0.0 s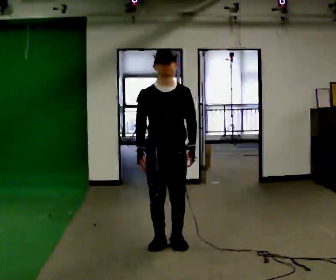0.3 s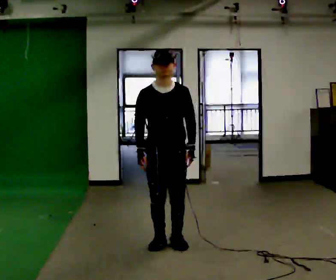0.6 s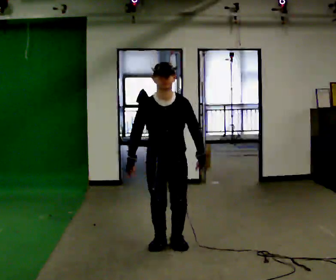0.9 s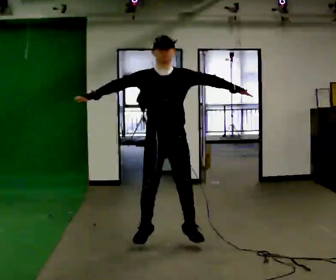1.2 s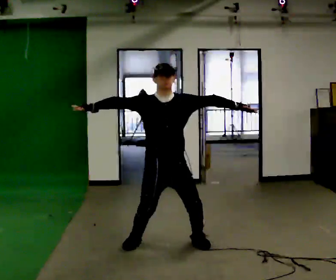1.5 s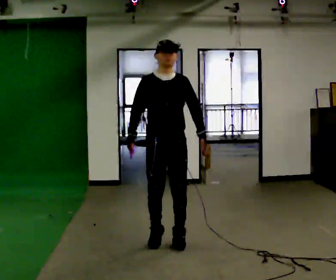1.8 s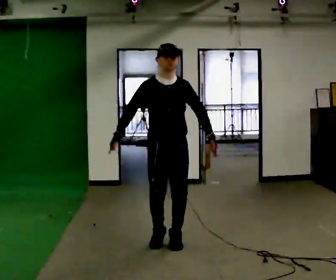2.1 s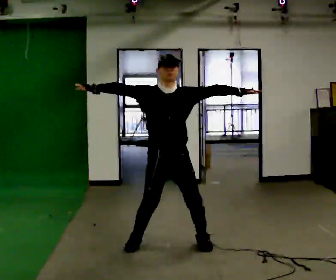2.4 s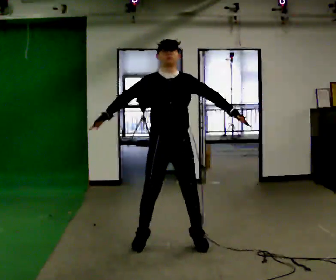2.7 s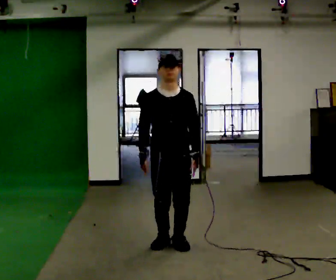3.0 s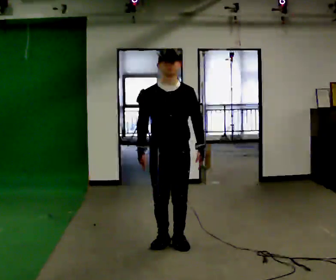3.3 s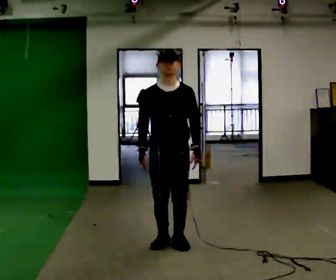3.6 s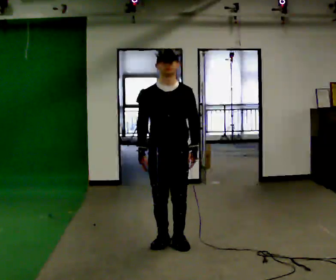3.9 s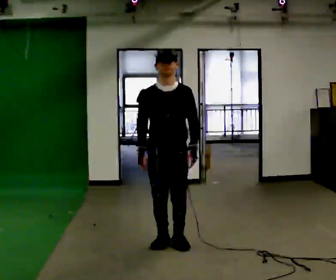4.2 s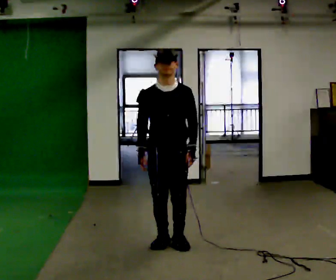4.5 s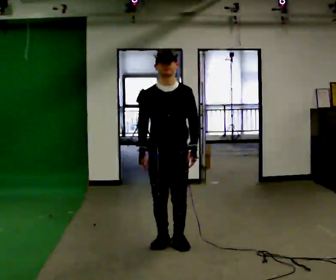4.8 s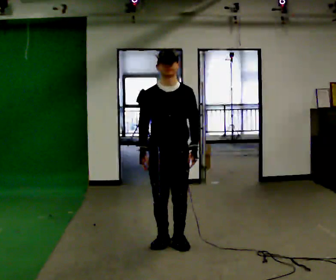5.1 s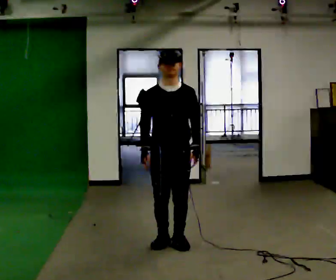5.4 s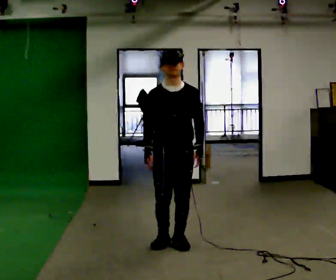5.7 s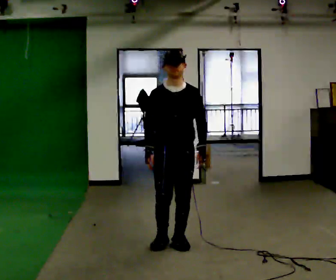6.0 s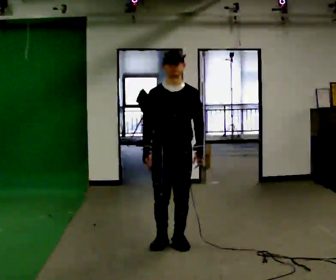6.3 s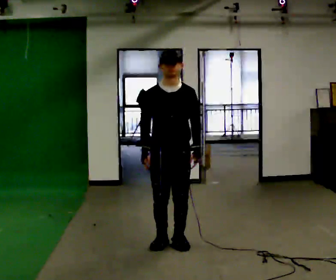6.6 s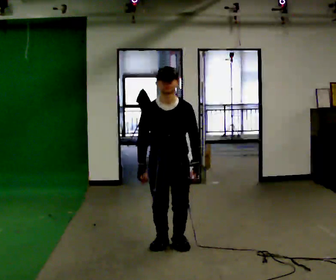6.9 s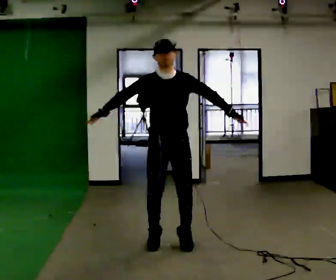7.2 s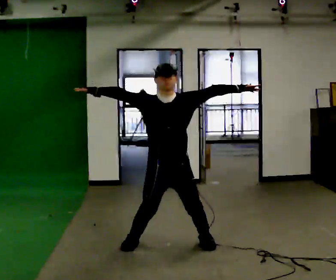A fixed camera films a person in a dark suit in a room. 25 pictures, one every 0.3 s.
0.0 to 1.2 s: In the picture their right hand goes to the left and upward, the arm swinging clockwise.
1.2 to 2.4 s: The person moves a little, or ends about where they began.
2.4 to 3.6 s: In the picture their left hand goes to the left and downward.
3.6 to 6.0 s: The person moves a little, or ends about where they began.
6.0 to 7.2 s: In the picture their left hand goes upward and to the right, the arm swinging counterclockwise.
The film runs forward here.
